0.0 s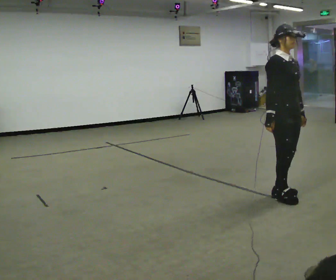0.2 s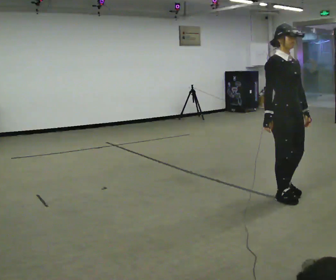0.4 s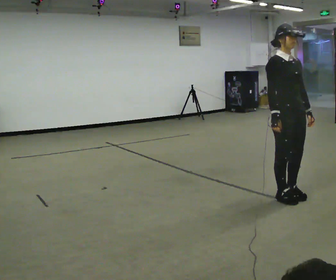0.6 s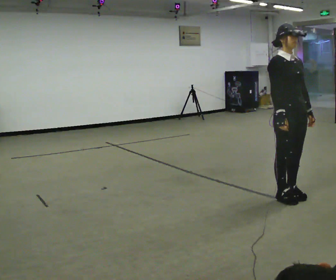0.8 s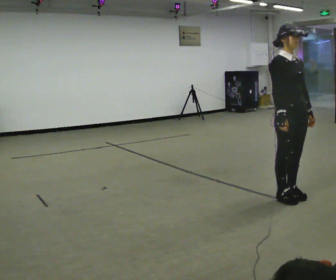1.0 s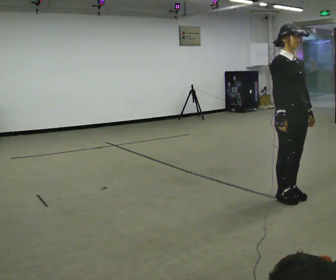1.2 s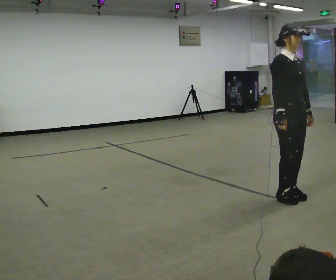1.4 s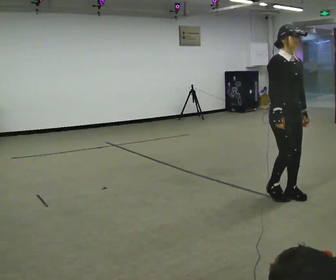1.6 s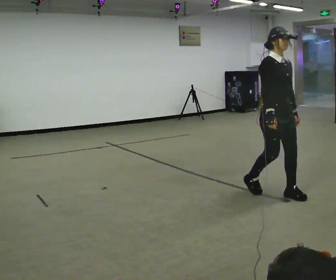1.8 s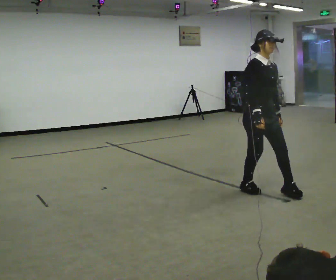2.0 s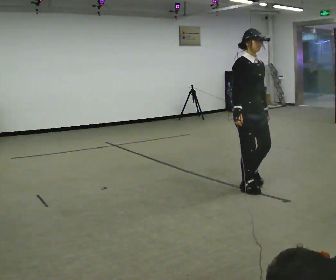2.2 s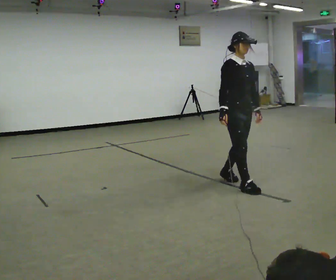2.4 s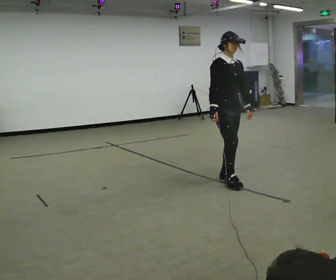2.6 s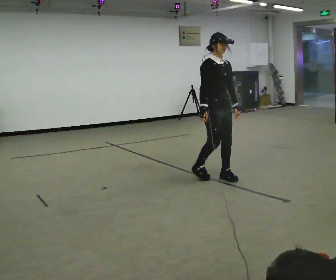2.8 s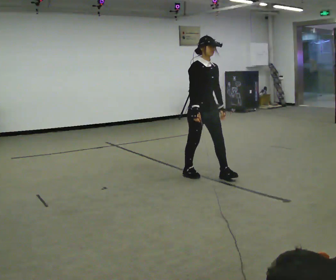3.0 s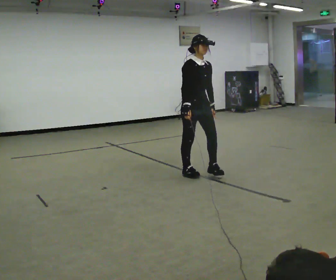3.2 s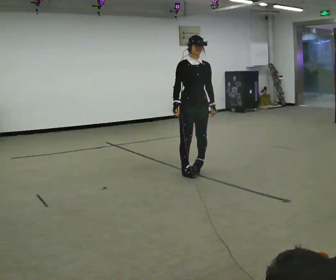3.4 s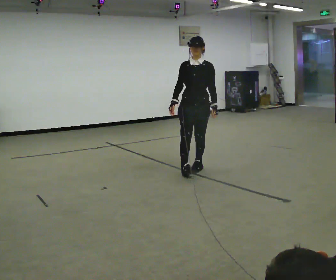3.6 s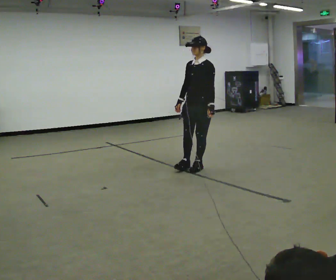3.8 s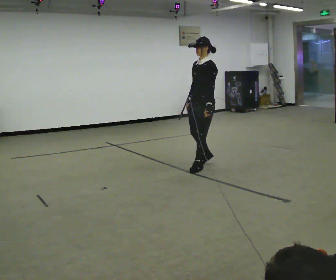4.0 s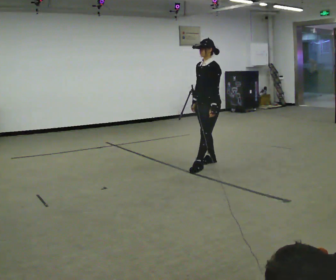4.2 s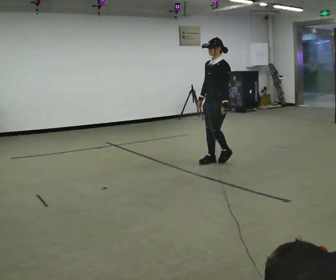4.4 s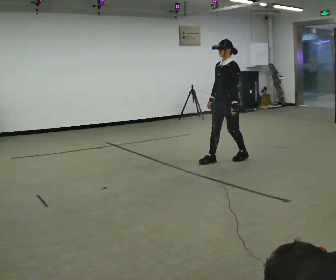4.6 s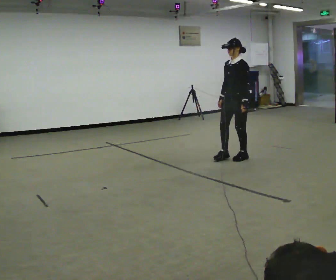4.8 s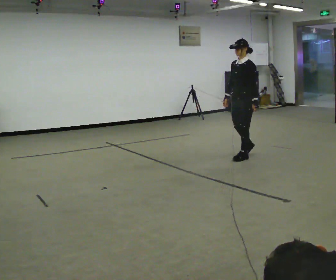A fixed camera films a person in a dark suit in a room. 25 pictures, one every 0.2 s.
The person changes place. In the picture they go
away from the camera.
The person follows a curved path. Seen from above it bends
clockwise.
0.0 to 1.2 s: The person moves a little, or ends about where they began.
1.2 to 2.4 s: In the picture they go away from the camera and to the left, about 1 m in 2 steps, which for them is backward.
2.4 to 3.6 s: The person turns about 75 degrees to their right, clockwise seen from above, so the part of the body nearest the lens slides to the left. In the picture they go away from the camera and to the left, about 0.5 m in 2 steps.
3.6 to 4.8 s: In the picture they go away from the camera and to the right, about 1 m in 2 steps, which for them is backward.
The film runs forward here.
